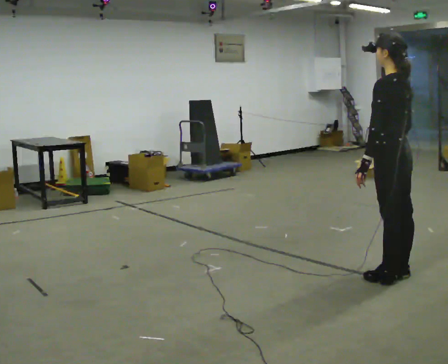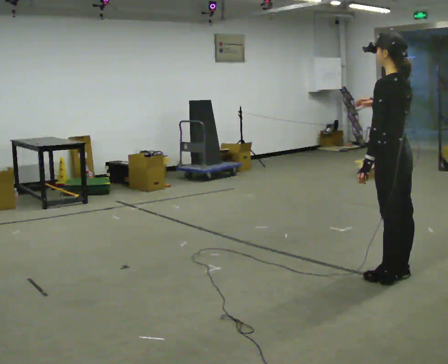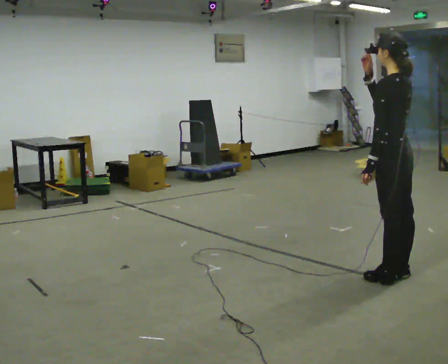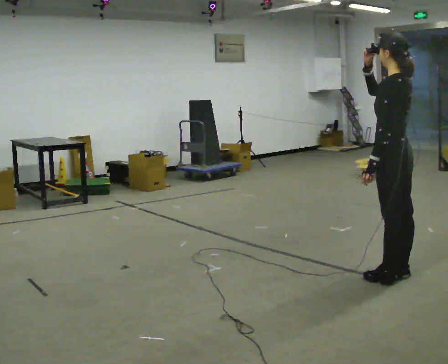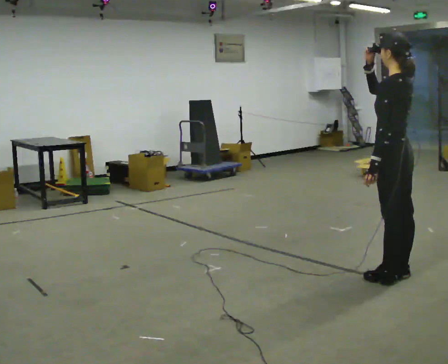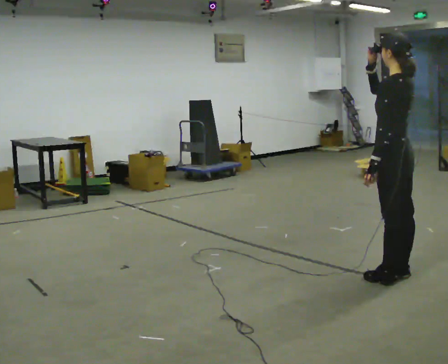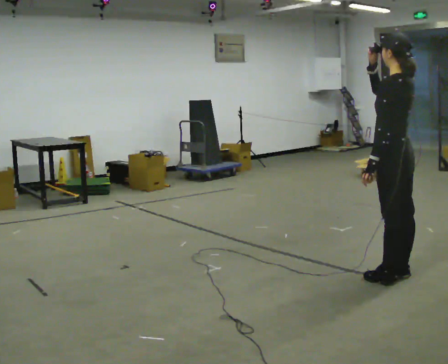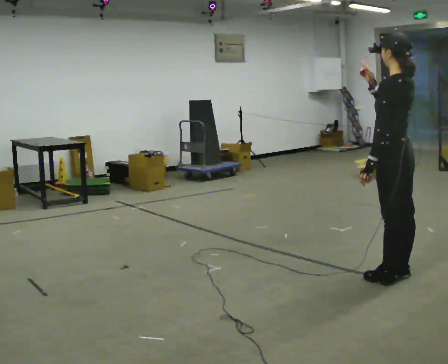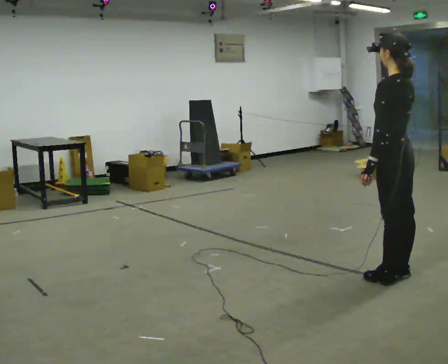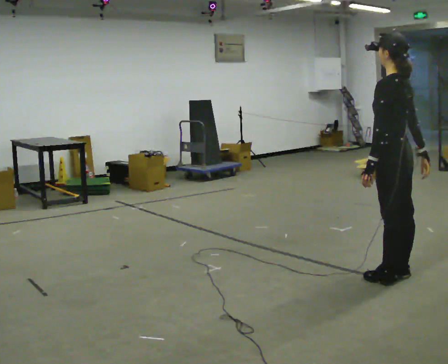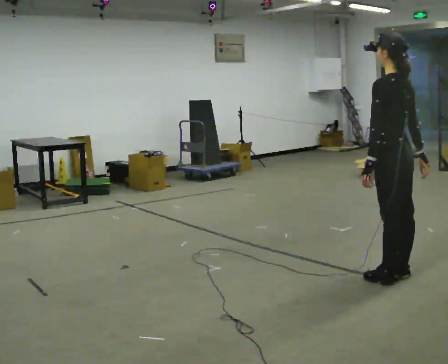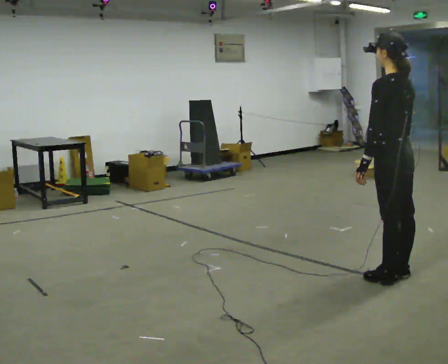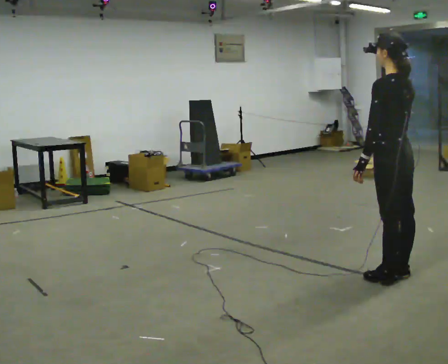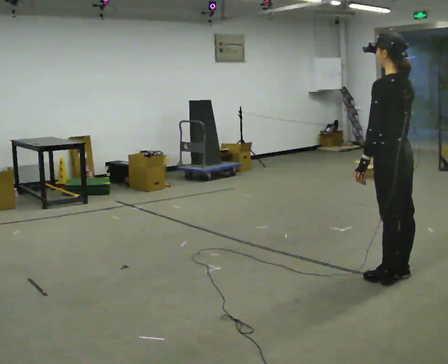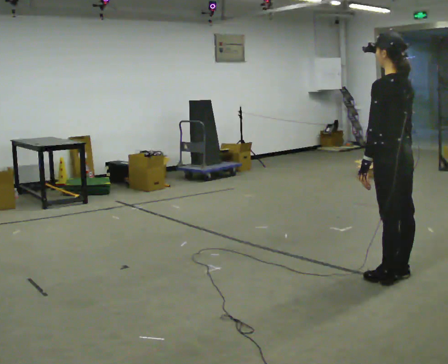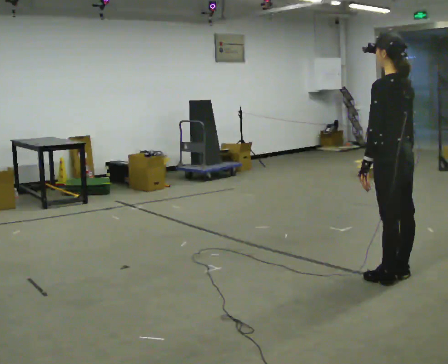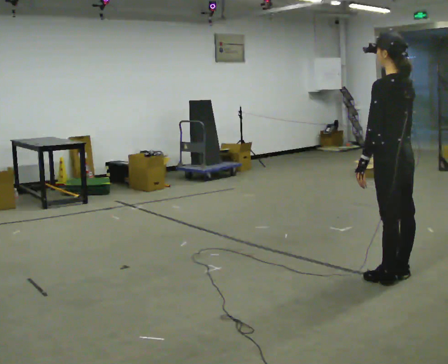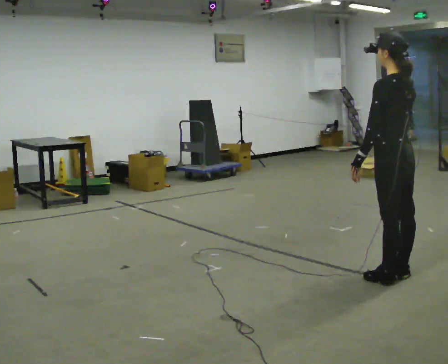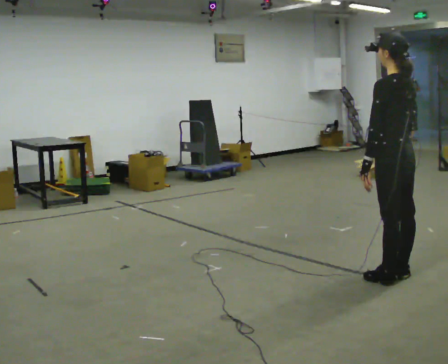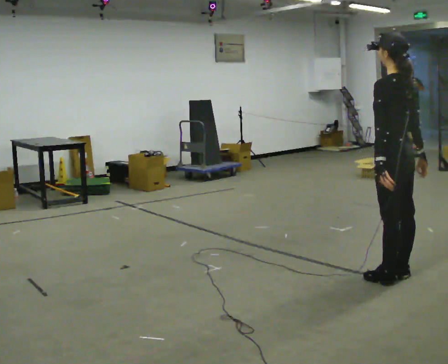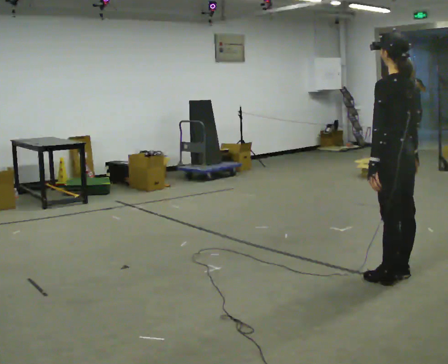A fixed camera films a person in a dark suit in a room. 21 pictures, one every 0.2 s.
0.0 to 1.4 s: The person moves a little, or ends about where they began.
1.4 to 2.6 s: In the picture their right hand goes downward.
2.6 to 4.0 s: The person moves a little, or ends about where they began.
The film runs forward here.
